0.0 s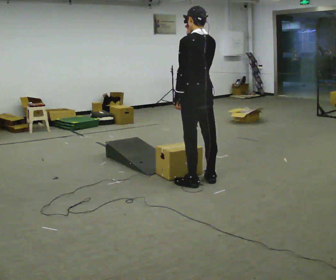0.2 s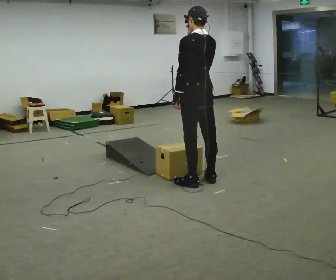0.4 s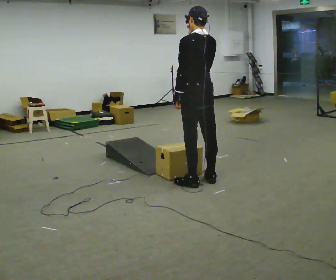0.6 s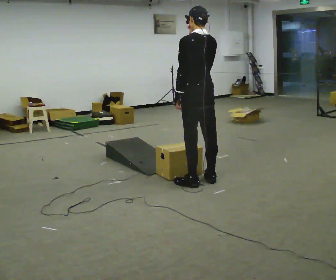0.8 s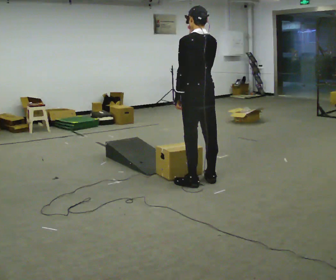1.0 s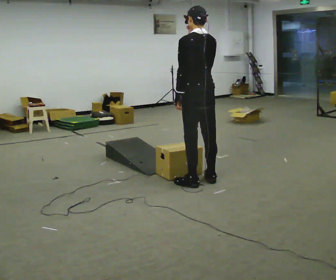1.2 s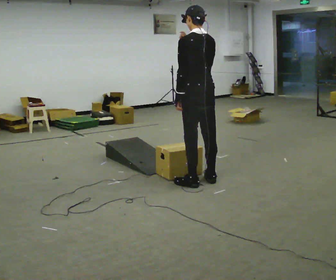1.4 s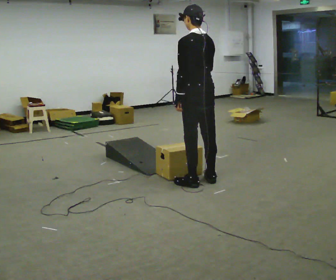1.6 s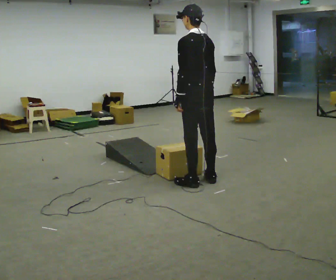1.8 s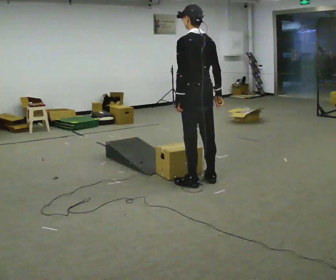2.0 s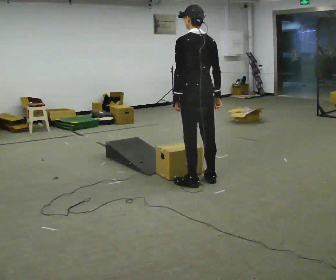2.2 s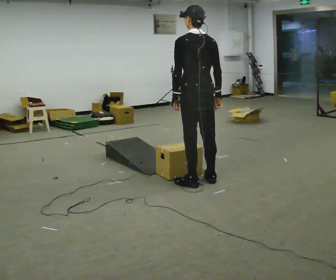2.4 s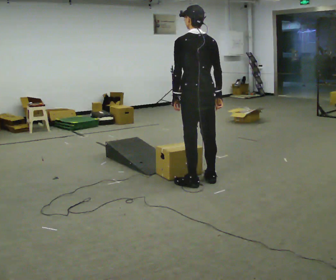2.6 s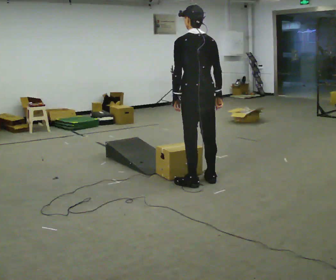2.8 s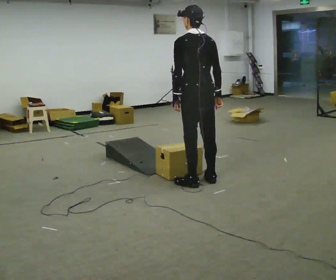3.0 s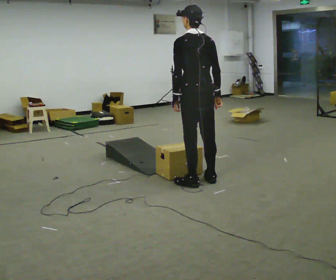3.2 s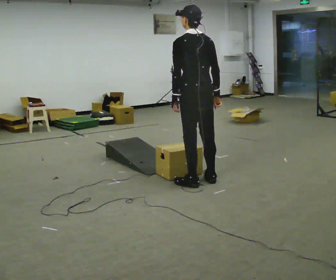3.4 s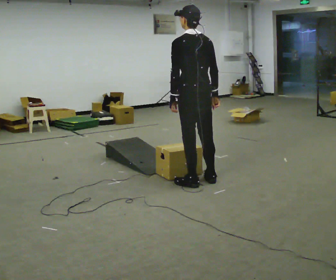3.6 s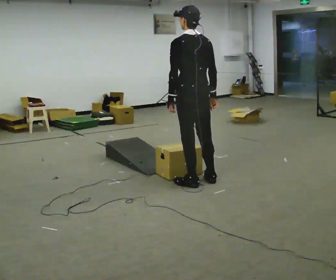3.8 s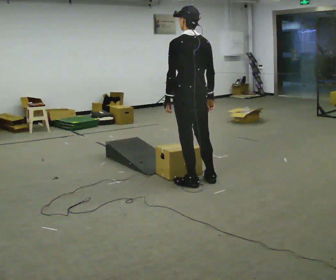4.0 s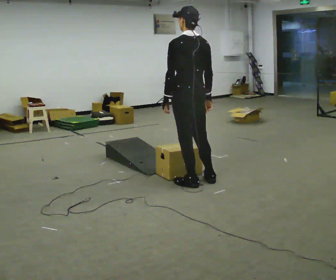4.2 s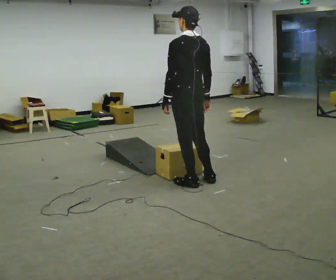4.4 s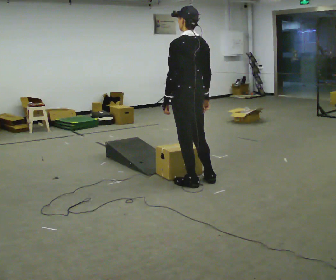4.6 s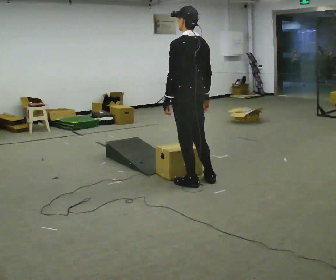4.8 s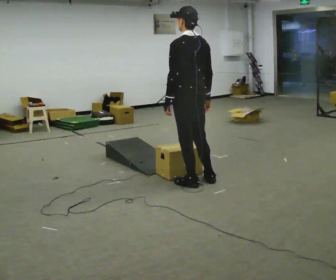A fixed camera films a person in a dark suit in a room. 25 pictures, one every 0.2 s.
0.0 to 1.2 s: The person moves a little, or ends about where they began.
1.2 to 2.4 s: In the picture their right hand goes downward and to the right.
2.4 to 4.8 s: The person moves a little, or ends about where they began.
The film runs forward here.
